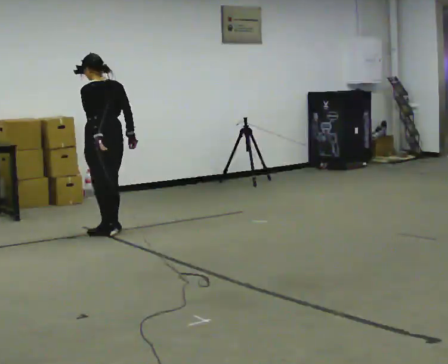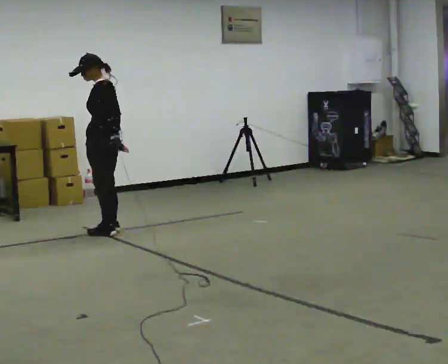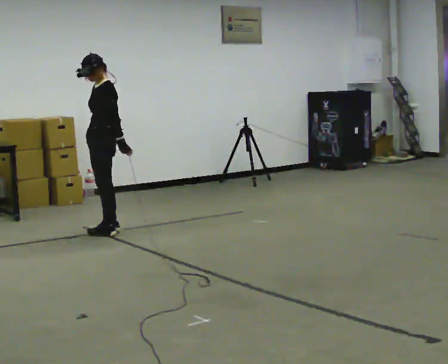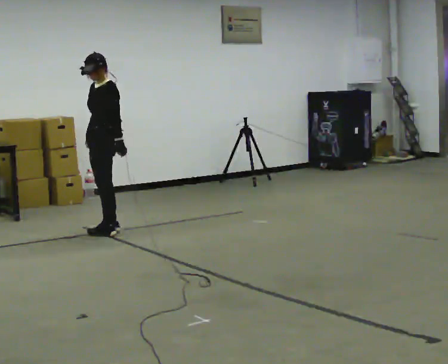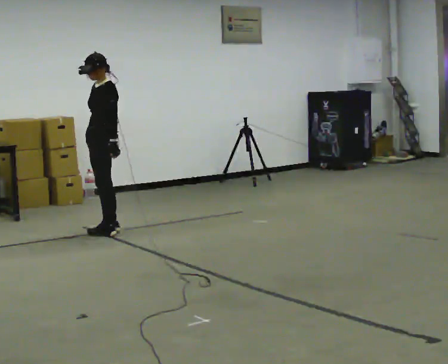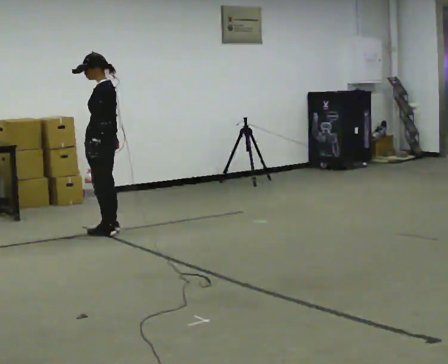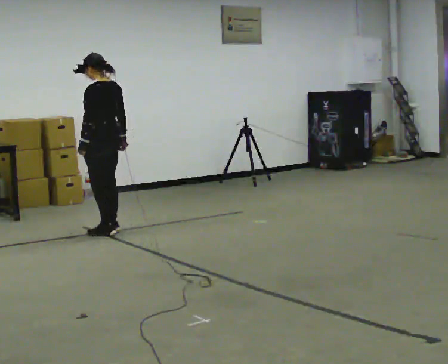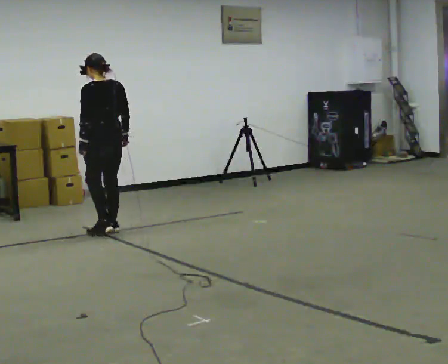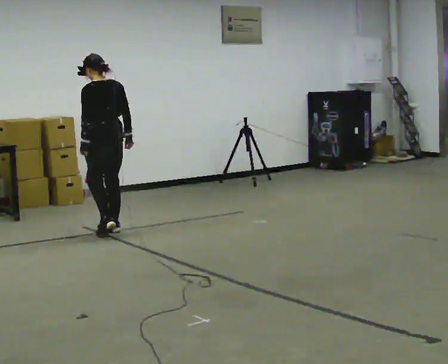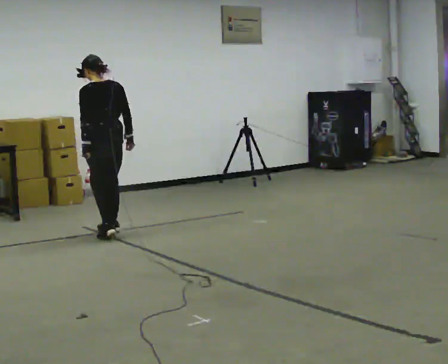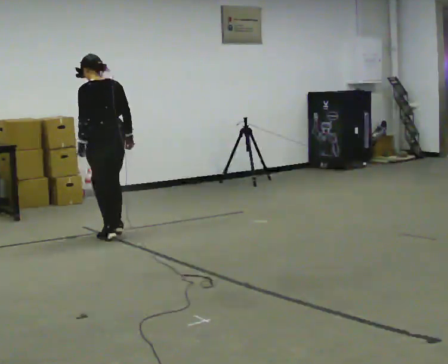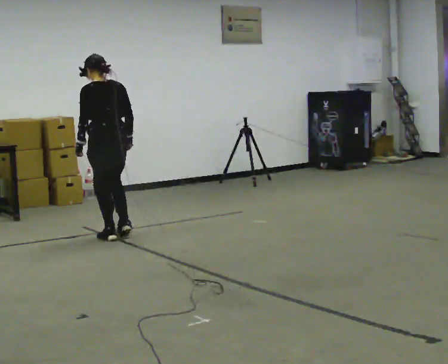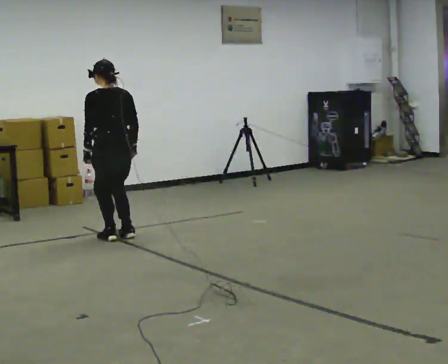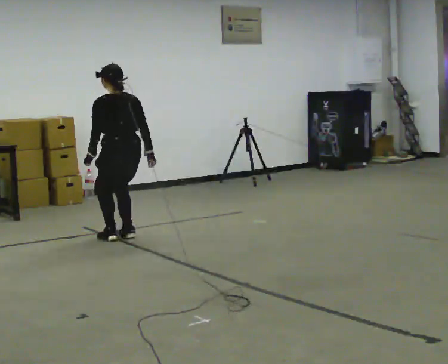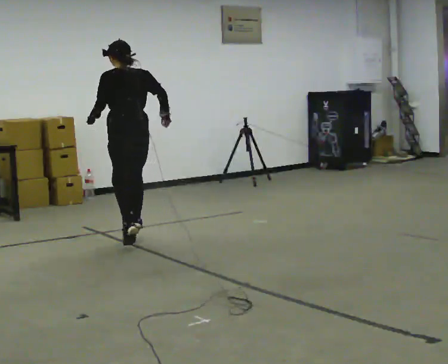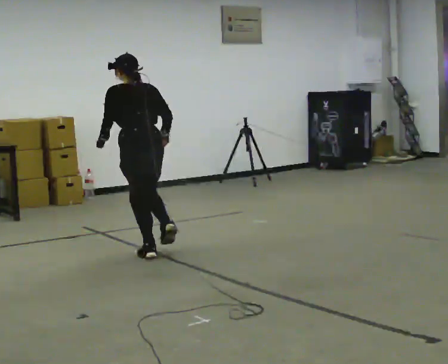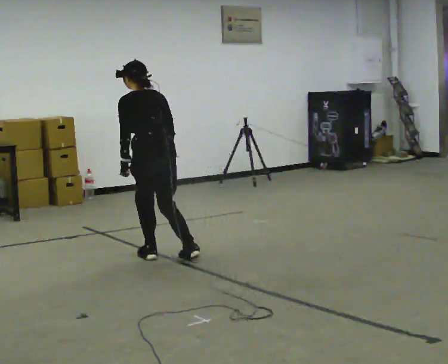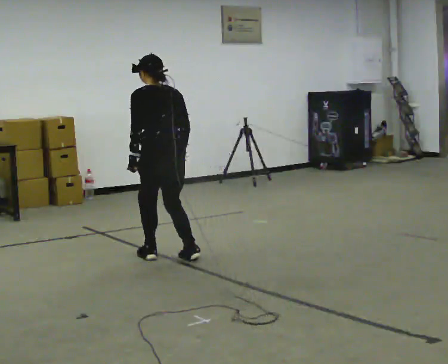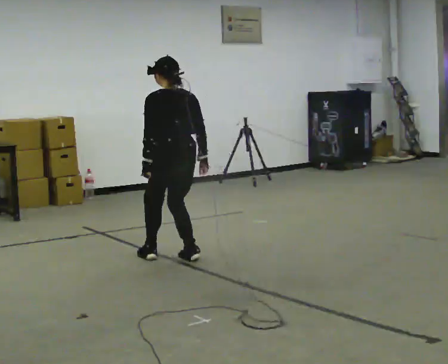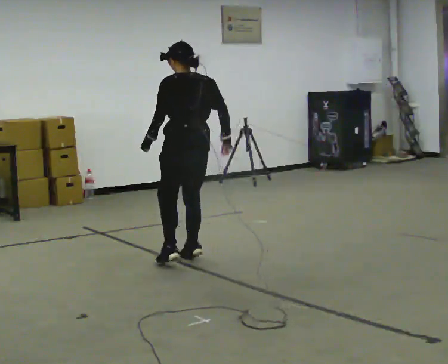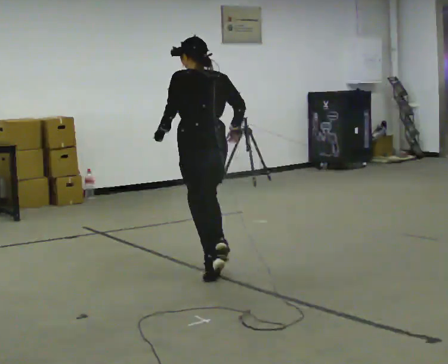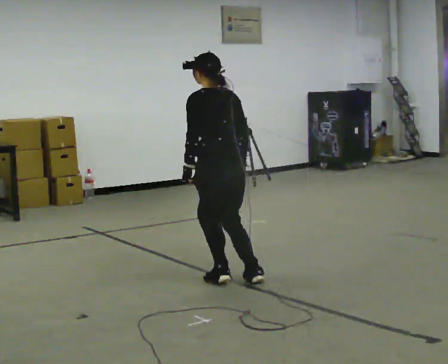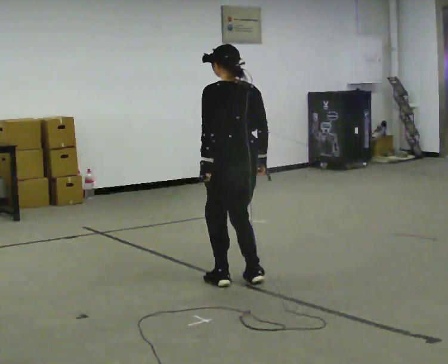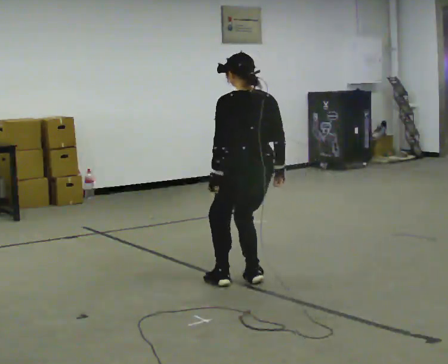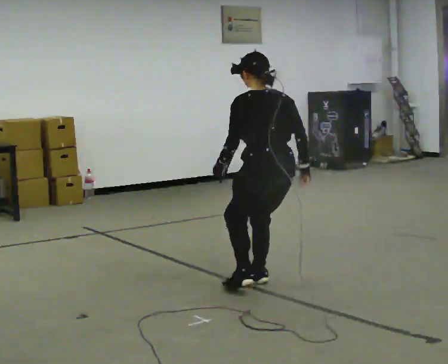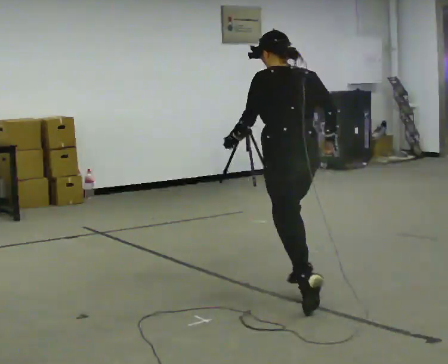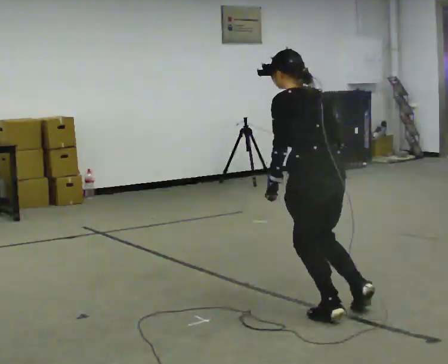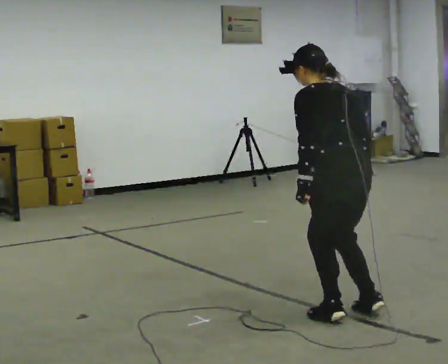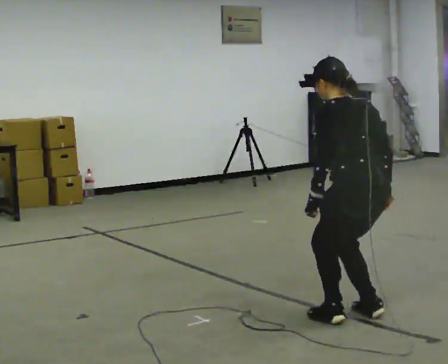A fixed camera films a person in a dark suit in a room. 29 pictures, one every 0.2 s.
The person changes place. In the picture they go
toward the camera.
0.0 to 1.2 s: Seen from above the body turns counterclockwise, about 30 degrees: to their left, with its near side sliding to the right.
1.2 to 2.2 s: The person turns about 30 degrees to their right, clockwise seen from above, so the part of the body nearest the lens slides to the left. In the picture they go toward the camera, about 0.25 m in 2 steps, which for them is backward.
2.2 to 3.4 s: In the picture they go toward the camera and to the right, about 1 m in 2 steps, which for them is backward.
3.4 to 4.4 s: In the picture they go toward the camera and to the right, about 1 m in 2 steps, which for them is backward.
4.4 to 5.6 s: In the picture they go toward the camera and to the right, about 1 m in 2 steps, which for them is backward.
The film runs backward here.
